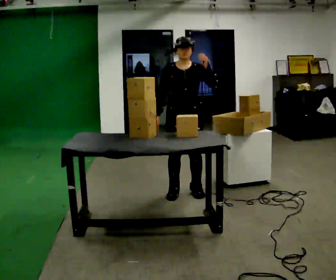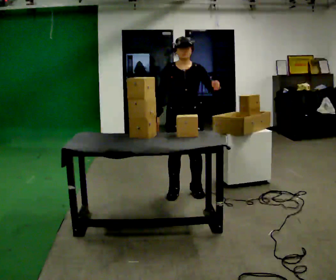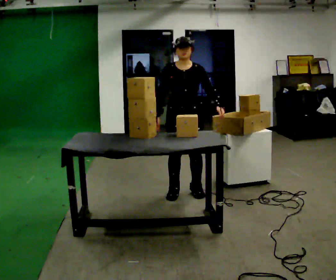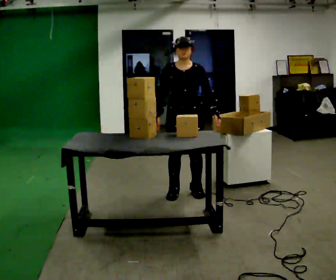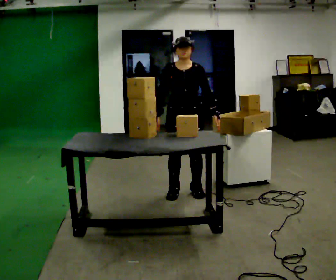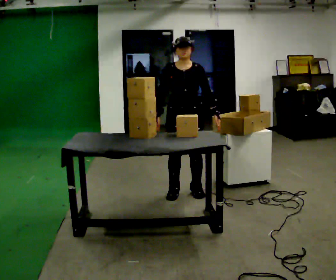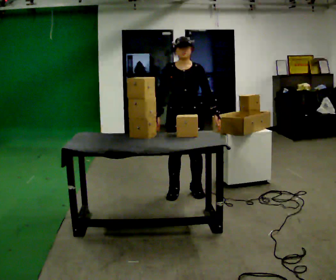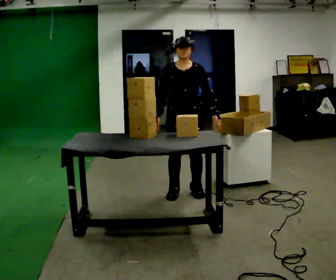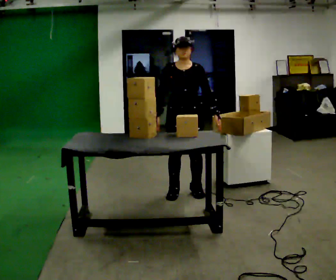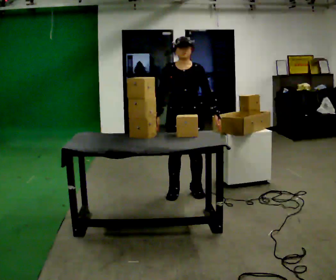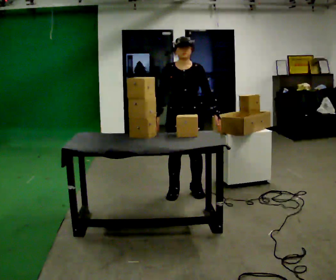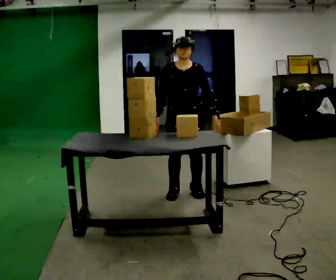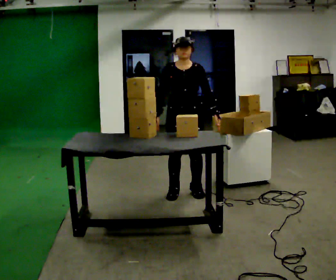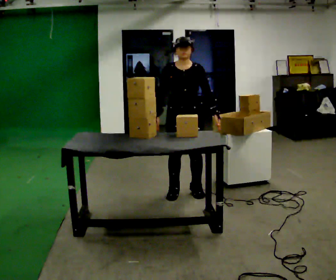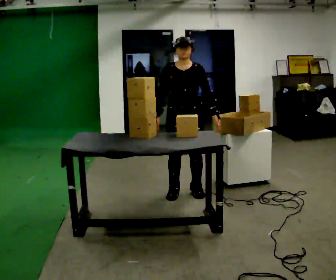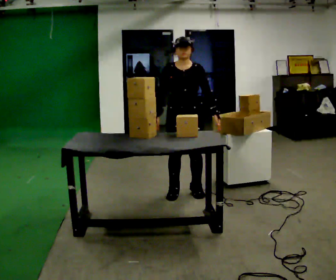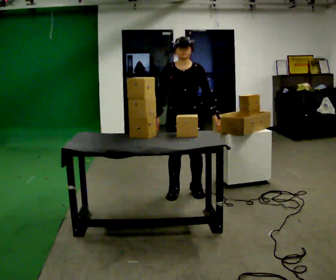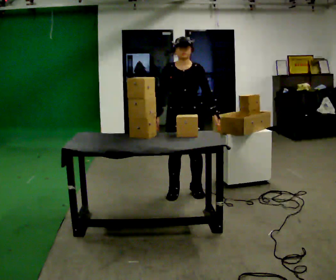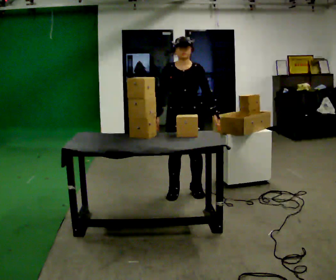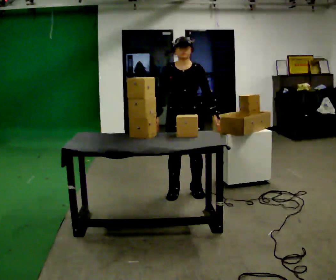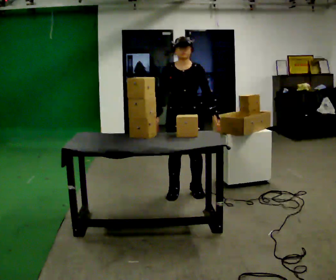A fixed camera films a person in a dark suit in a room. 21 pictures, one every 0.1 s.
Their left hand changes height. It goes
downward.
0.0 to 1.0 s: In the picture their left hand goes downward.
1.0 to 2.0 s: The person keeps their place and pose.
The film runs backward here.
